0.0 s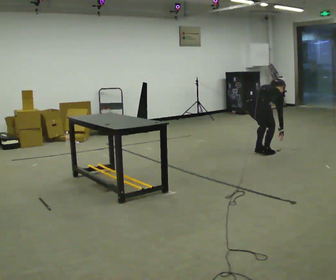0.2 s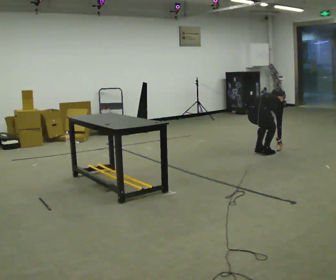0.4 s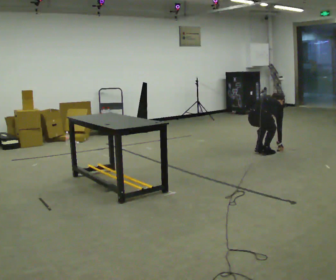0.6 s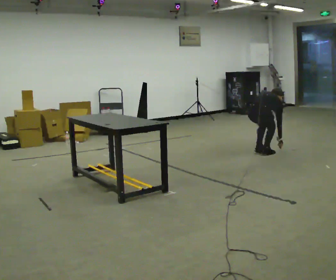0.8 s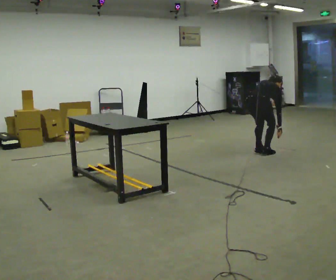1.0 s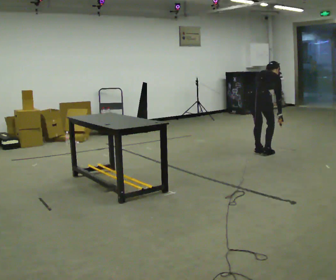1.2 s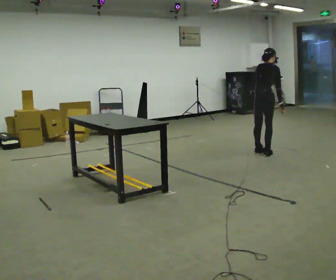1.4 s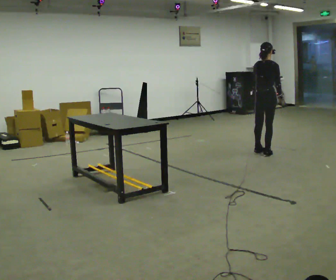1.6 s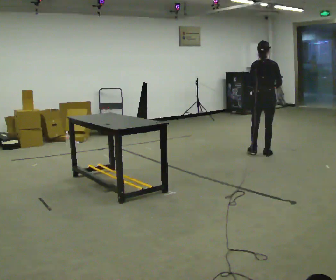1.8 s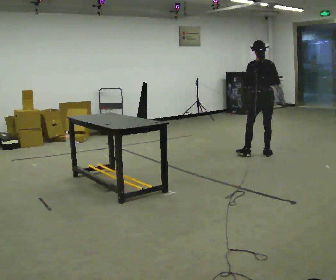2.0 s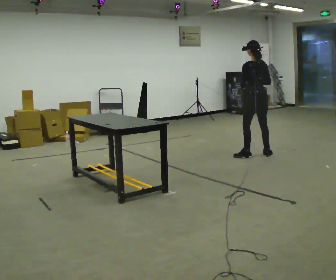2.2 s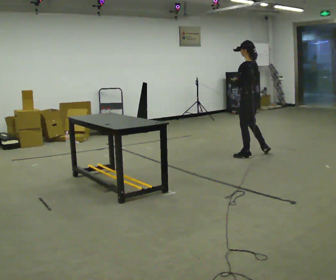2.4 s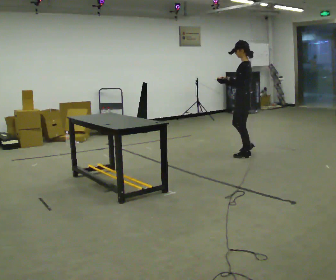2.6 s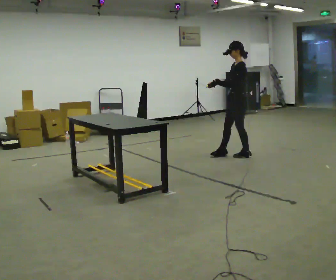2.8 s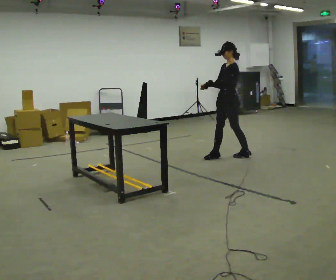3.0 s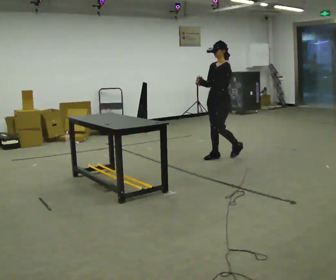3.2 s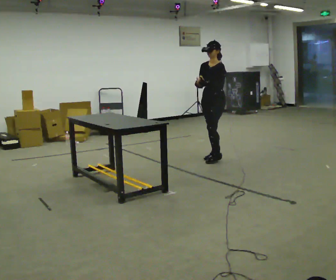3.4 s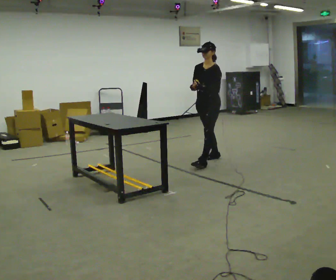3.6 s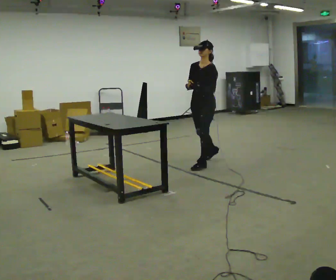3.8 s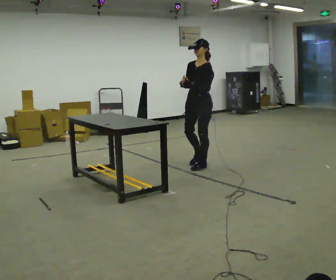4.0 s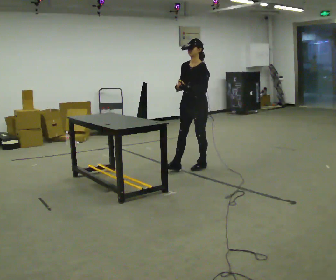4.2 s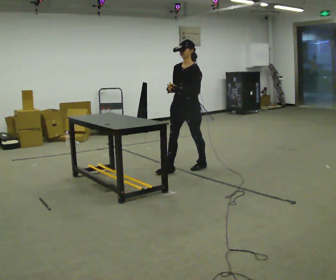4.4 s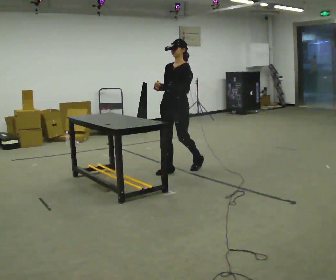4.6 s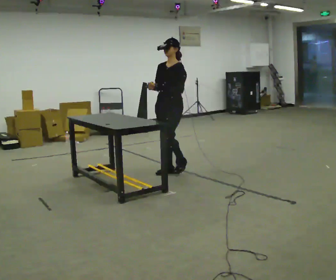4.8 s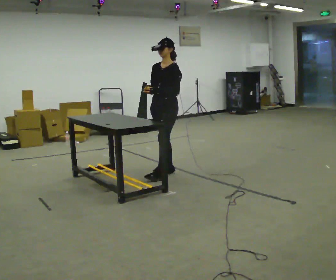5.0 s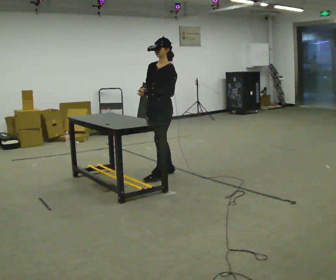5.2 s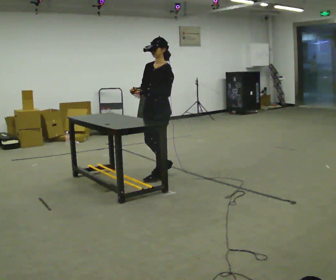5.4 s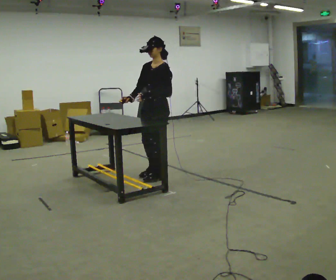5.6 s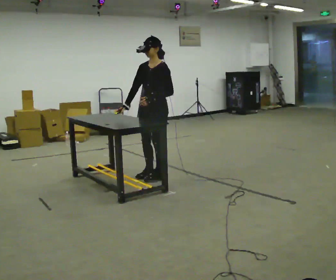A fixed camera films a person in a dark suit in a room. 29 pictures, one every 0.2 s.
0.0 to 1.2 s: In the picture the upper body tilts counterclockwise, shoulders to the left, as they lean back or straighten.
1.2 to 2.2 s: The person turns about 90 degrees to their left, counterclockwise seen from above, so the part of the body nearest the lens slides to the right. The upper body tips toward the camera, its near side rolling downward, as they lean back or straighten. In the picture their right hand goes to the left and upward.
2.2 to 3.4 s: The part of the body nearest the lens slides to the right as the person turns to their left by about 75 degrees. In the picture they go to the left and toward the camera, about 0.5 m in 1 step.
3.4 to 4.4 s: In the picture they go toward the camera and to the left, about 0.75 m in 2 steps, which for them is forward.
4.4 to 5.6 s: In the picture they go toward the camera and to the left, about 0.25 m in 2 steps, which for them is forward.
The film runs forward here.
